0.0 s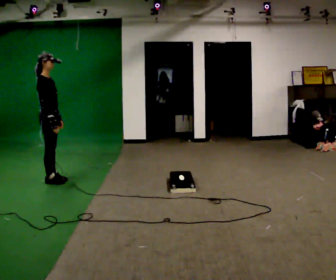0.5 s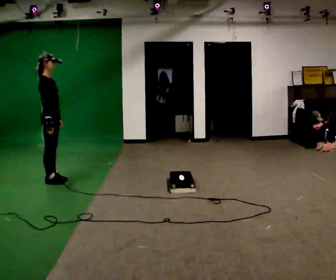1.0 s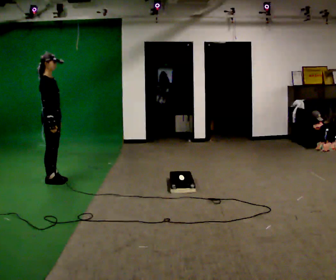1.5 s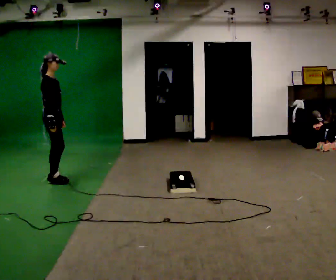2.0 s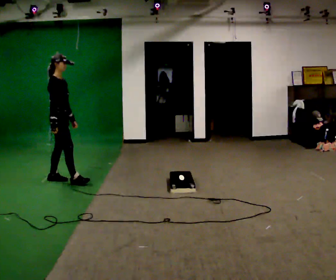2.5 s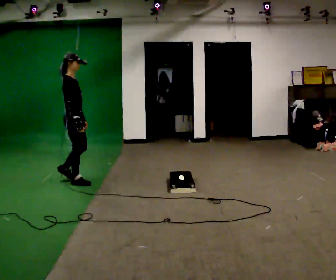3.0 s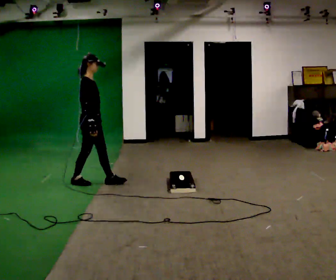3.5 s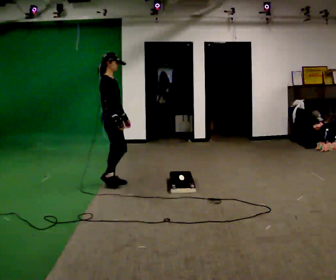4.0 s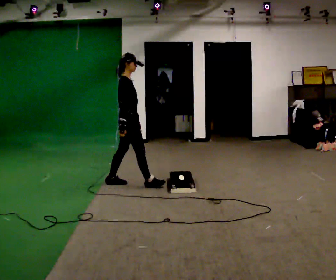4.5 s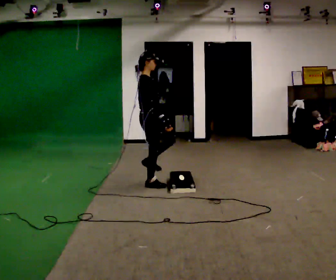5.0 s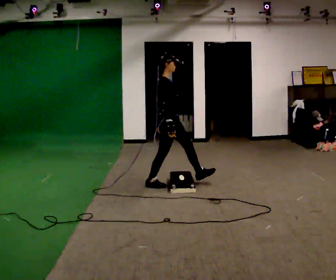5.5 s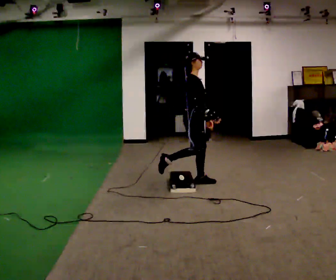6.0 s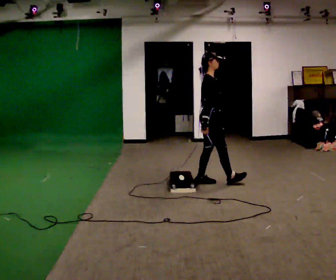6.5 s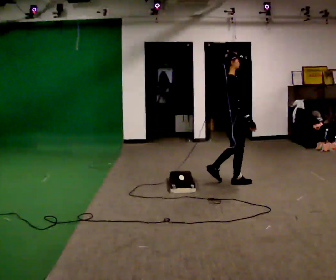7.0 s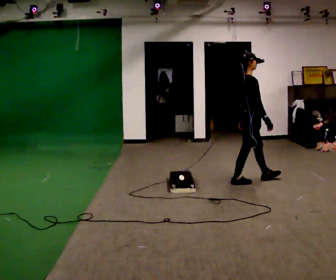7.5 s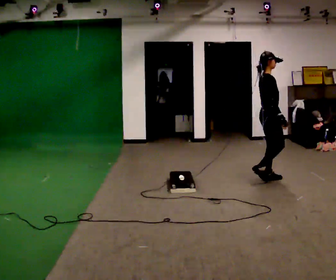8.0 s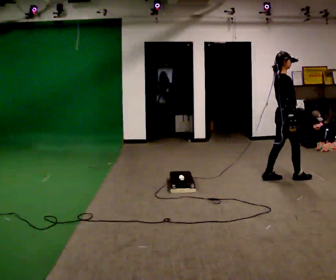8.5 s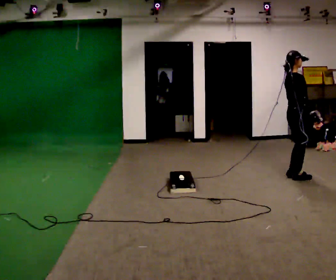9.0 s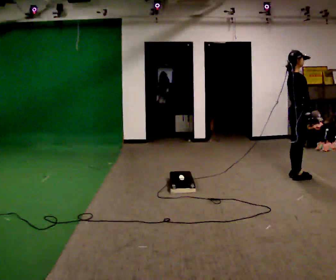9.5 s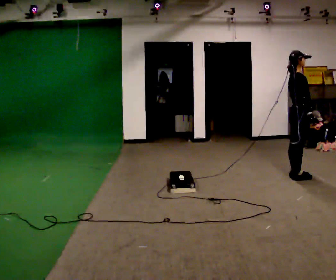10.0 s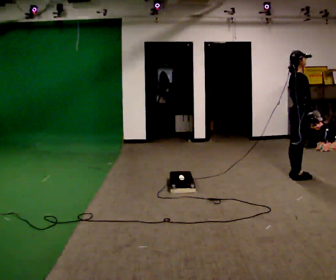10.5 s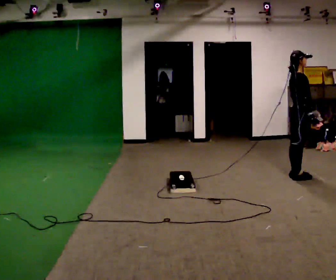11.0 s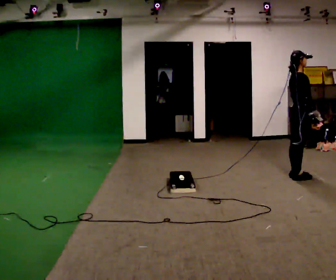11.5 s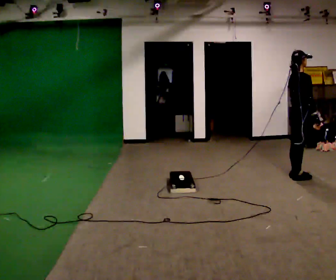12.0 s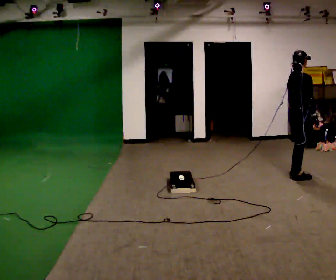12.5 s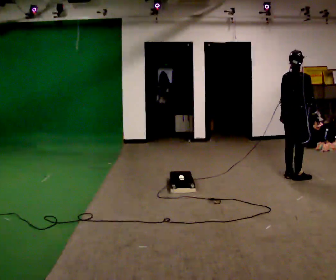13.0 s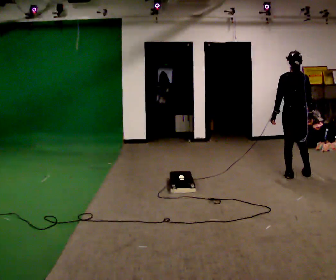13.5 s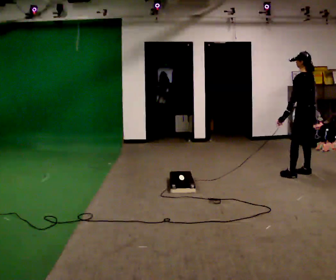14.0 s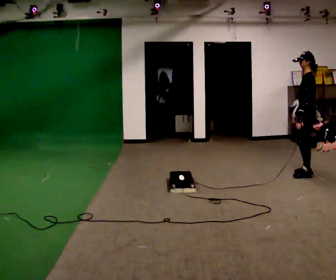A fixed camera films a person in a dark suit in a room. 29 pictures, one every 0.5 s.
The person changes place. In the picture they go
to the right.
0.0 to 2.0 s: The person moves a little, or ends about where they began.
2.0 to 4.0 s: In the picture they go to the right, about 1 m in 2 steps, which for them is forward.
4.0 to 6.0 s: In the picture they go to the right, about 1 m in 1 step, which for them is forward.
6.0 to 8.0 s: In the picture they go to the right, about 1 m in 3 steps, which for them is forward.
8.0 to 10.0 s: In the picture they go to the right, about 0.25 m in 1 step, which for them is forward.
10.0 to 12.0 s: The person moves a little, or ends about where they began.
12.0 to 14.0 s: Seen from above the body turns counterclockwise, about 135 degrees: to their left, with its near side sliding to the right. In the picture they go away from the camera and to the right, about 0.25 m in 2 steps.
The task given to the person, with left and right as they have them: Walk toward low obstacle; step over without stopping; continue.
The film runs forward here.
